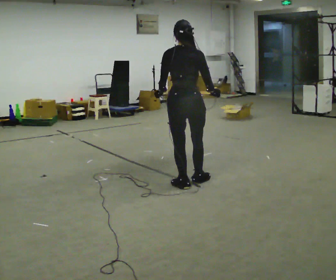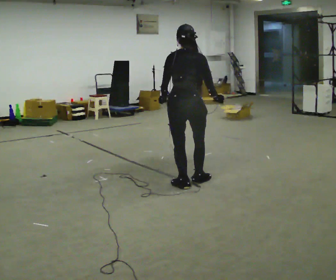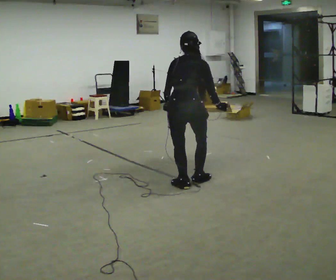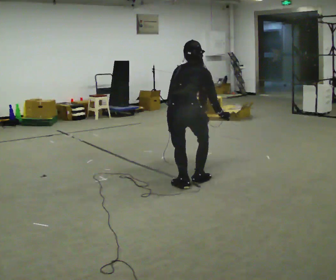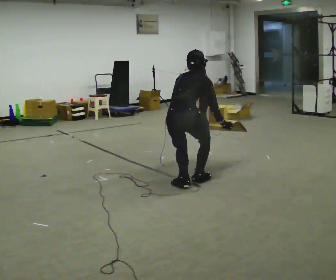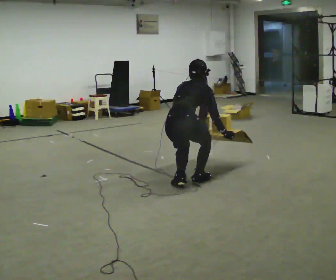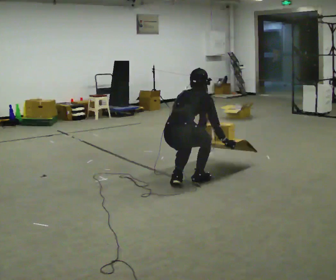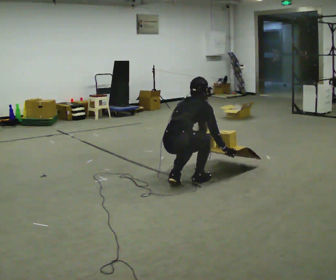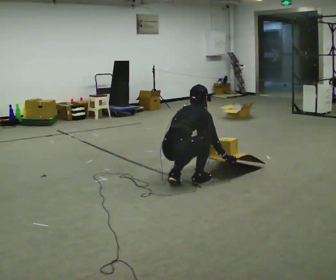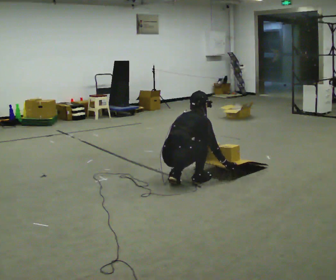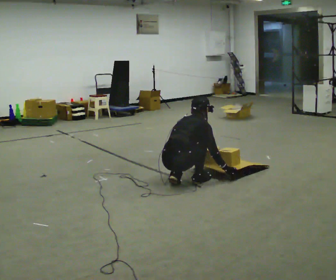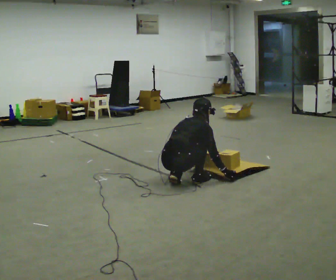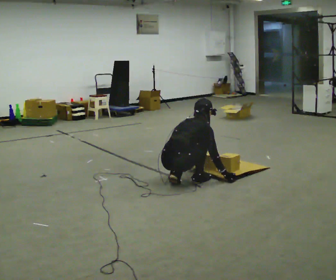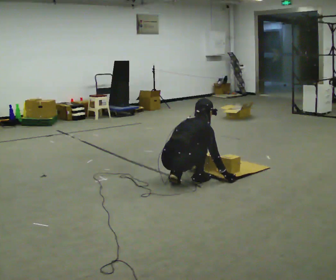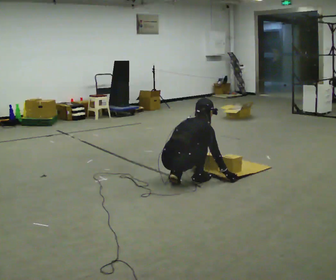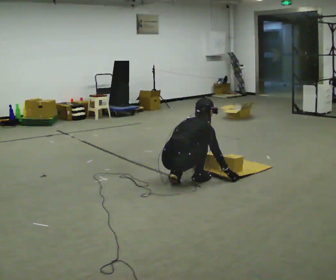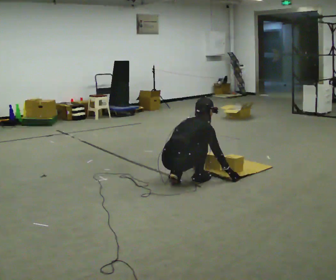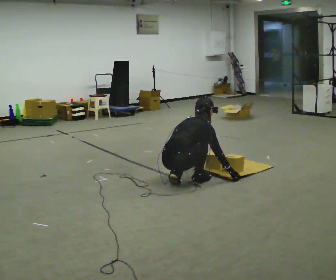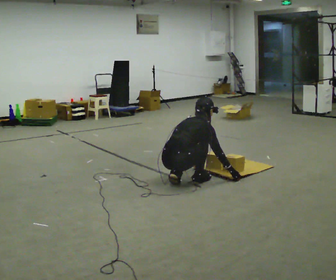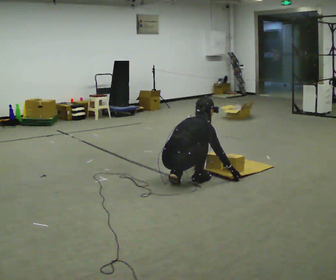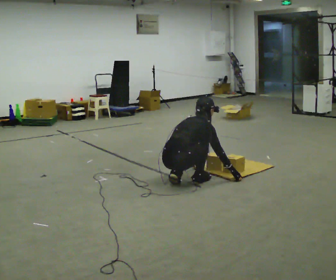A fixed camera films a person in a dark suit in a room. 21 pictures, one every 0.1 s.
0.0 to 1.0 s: Seen from above the body turns clockwise, about 30 degrees: to their right, with its near side sliding to the left. The upper body goes downward. The upper body tips away from the camera, its near side rolling upward, as they bend forward. In the picture their right hand goes downward.
1.0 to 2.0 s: The person moves a little, or ends about where they began.
The film runs backward here.
